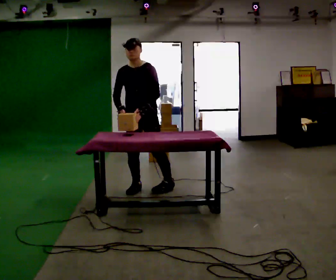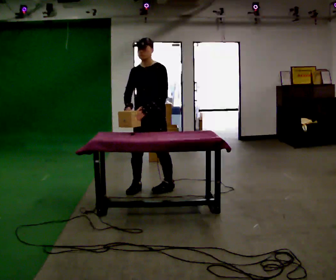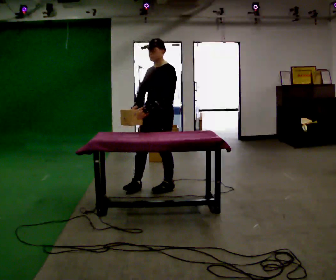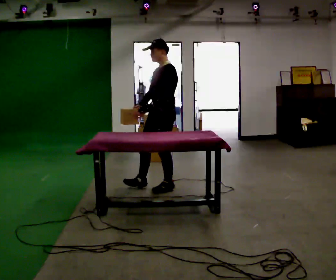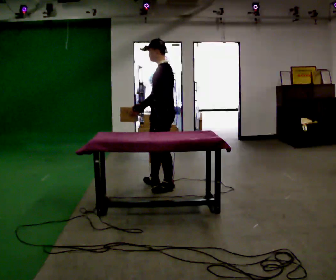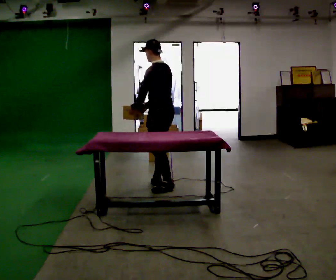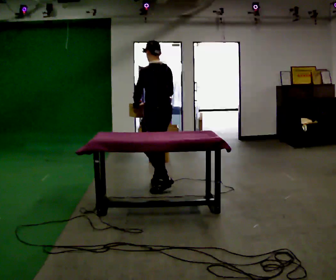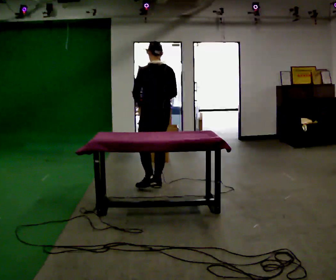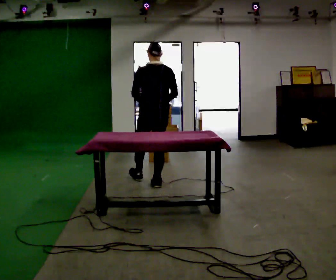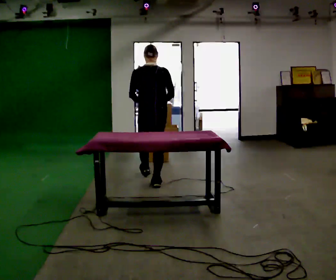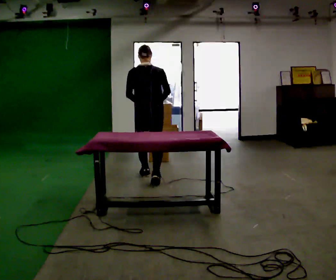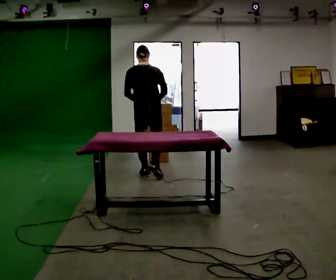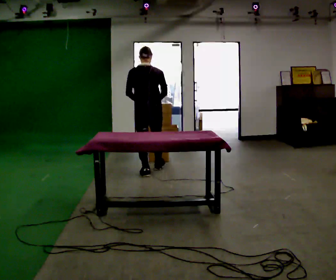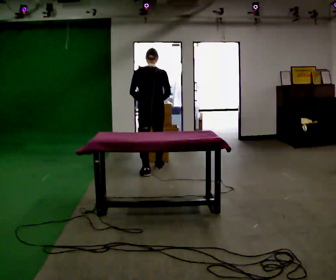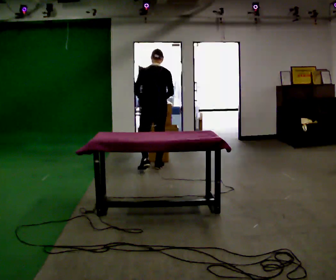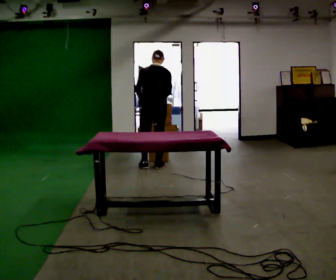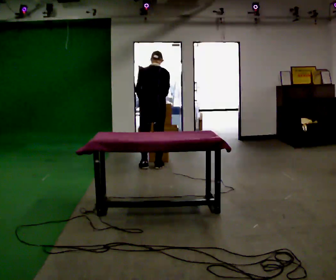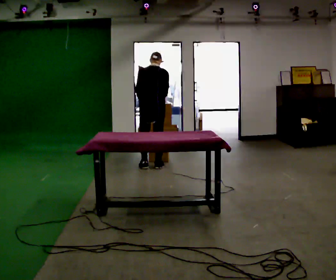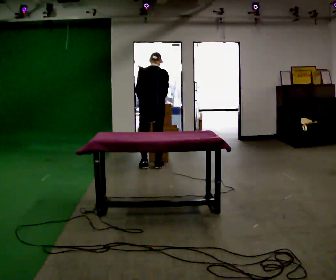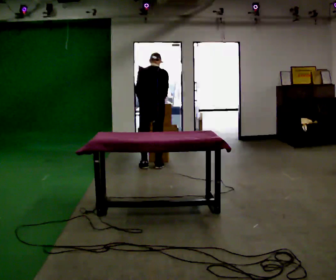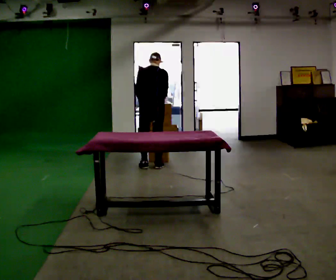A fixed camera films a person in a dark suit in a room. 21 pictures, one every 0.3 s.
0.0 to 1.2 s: Seen from above the body turns clockwise, about 90 degrees: to their right, with its near side sliding to the left. In the picture they go to the right, about 0.25 m in 1 step.
1.2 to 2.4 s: The person turns about 75 degrees to their right, clockwise seen from above, so the part of the body nearest the lens slides to the left. In the picture they go away from the camera, about 0.25 m.
2.4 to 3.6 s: In the picture they go away from the camera, about 0.5 m in 1 step, which for them is forward.
3.6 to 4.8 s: In the picture they go away from the camera, about 0.25 m in 2 steps, which for them is forward.
4.8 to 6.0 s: The person moves a little, or ends about where they began.
The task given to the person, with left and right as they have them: Carry the object across the room, open the lid of the container, put the object inside, and close the lid again. Then go back for the next one. Keep going until the operator says stop; one object at a time, and do not rush between trips.
The film runs forward here.
